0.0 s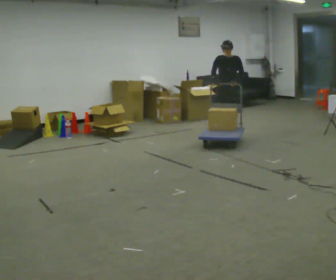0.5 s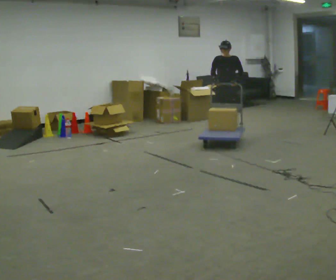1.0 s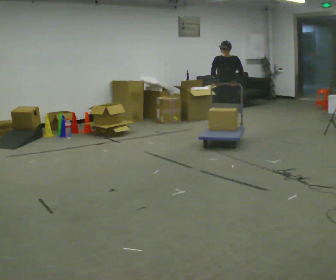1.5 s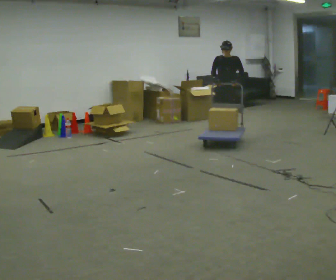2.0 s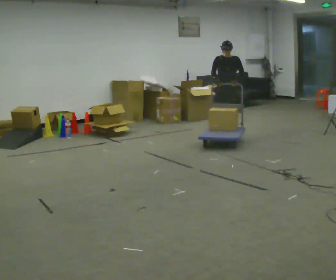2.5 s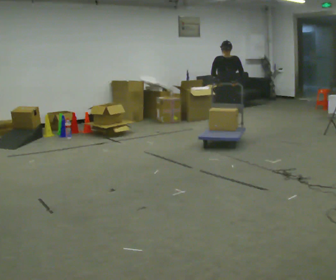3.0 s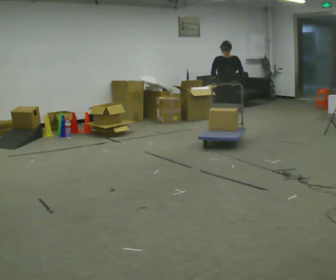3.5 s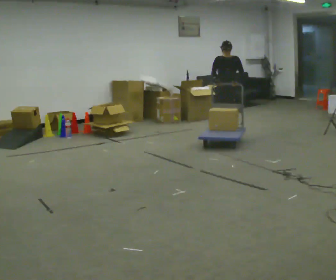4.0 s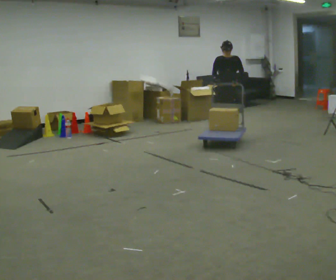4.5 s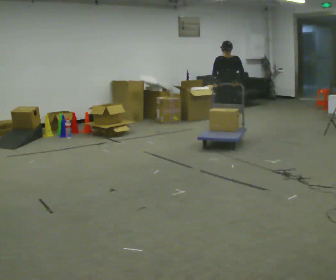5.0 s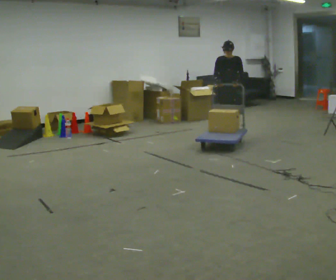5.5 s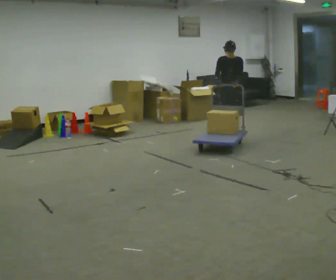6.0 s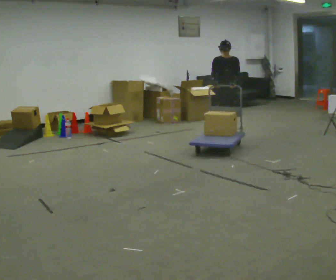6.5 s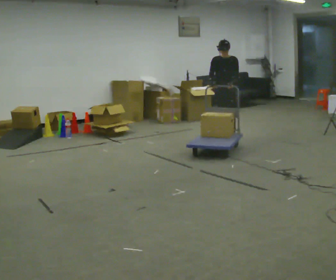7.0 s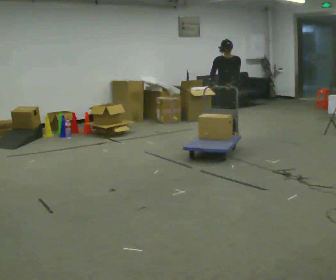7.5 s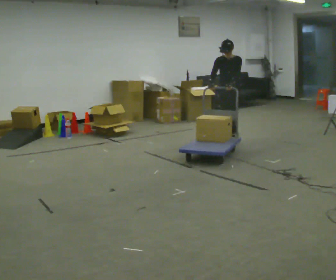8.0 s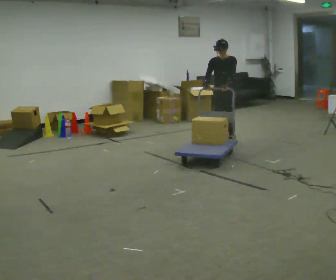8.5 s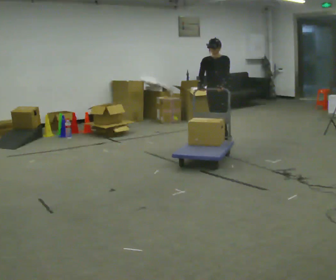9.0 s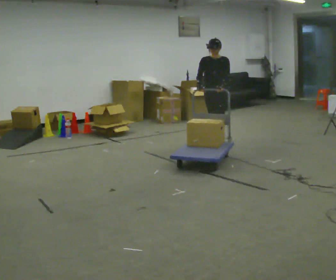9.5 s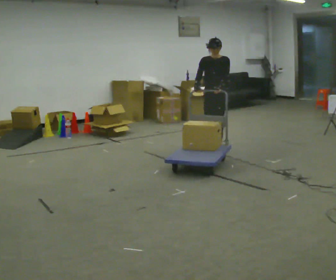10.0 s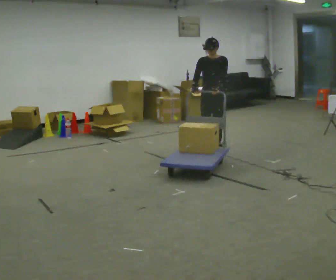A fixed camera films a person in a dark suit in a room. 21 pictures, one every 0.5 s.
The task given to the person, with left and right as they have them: Push the loaded cart from one corner of the room to the other, turn it round, and push it back. Keep going until the operator says stop.
0.0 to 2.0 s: The person moves a little, or ends about where they began.
2.0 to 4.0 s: The person keeps their place and pose.
4.0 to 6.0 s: In the picture they go toward the camera, about 0.25 m in 1 step, which for them is forward.
6.0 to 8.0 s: In the picture they go toward the camera, about 0.5 m in 2 steps, which for them is forward.
8.0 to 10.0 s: In the picture they go toward the camera, about 0.5 m in 1 step, which for them is forward.
The film runs forward here.
